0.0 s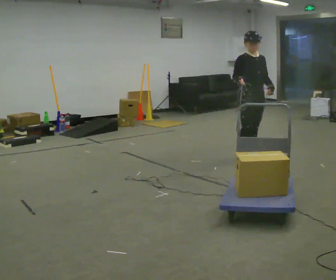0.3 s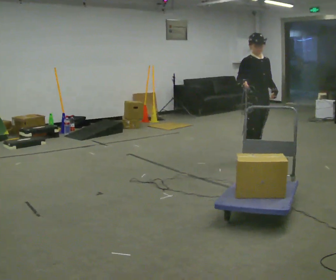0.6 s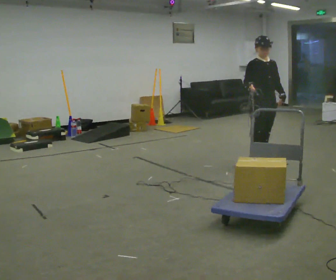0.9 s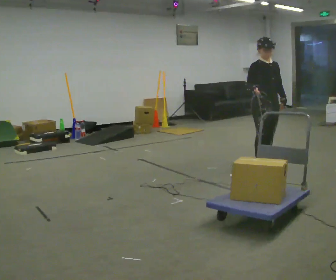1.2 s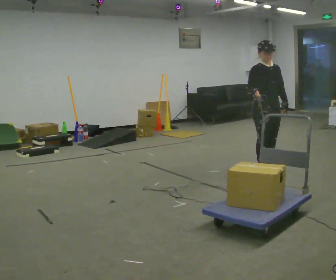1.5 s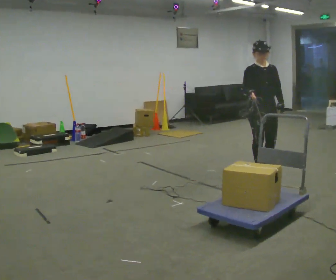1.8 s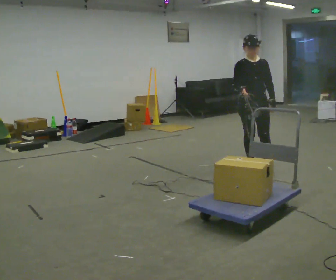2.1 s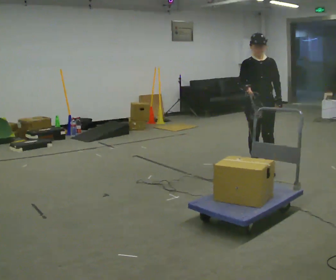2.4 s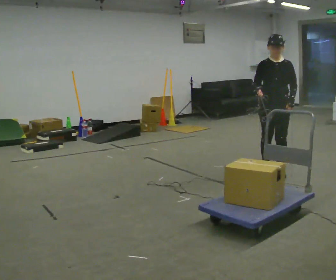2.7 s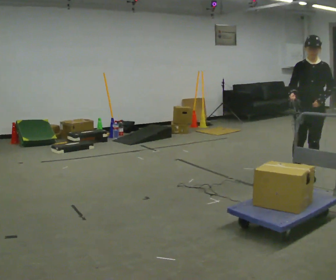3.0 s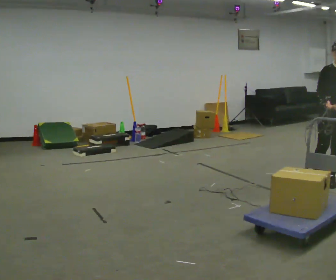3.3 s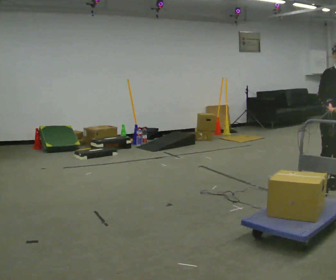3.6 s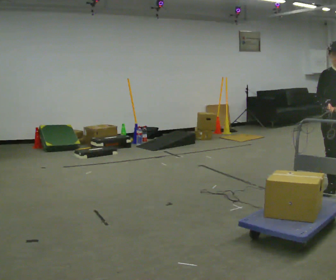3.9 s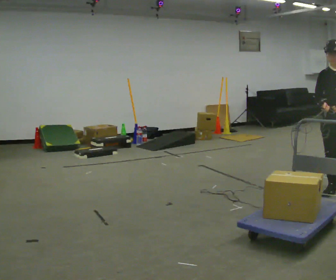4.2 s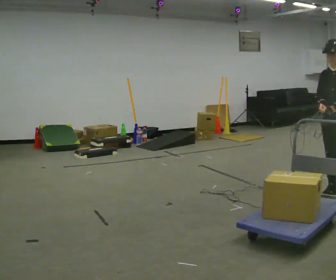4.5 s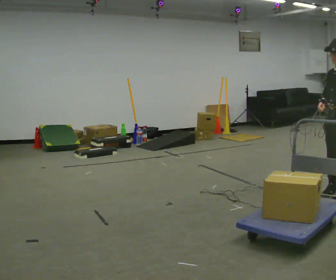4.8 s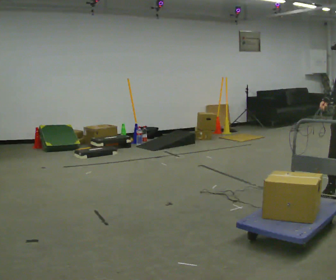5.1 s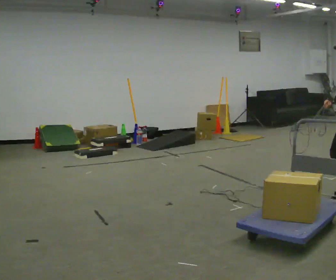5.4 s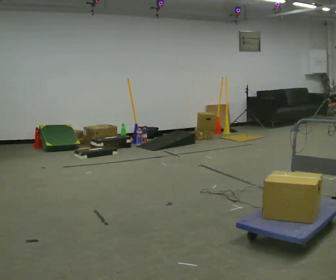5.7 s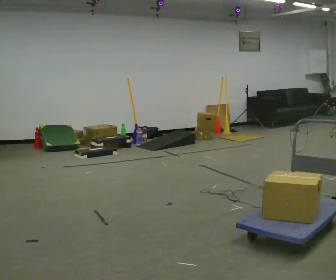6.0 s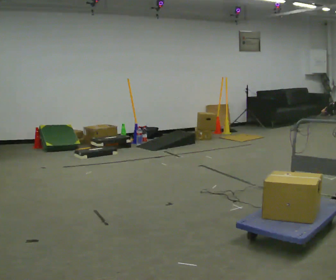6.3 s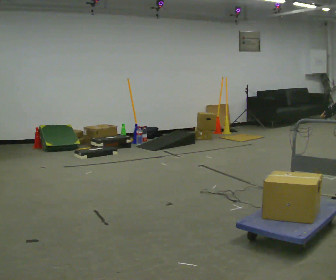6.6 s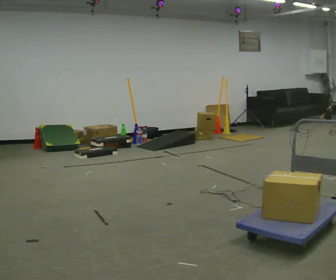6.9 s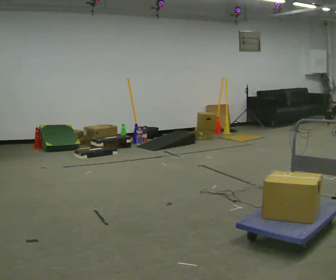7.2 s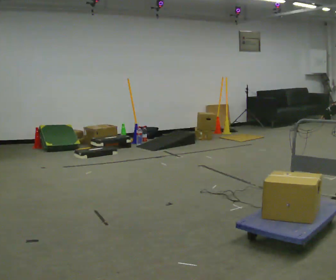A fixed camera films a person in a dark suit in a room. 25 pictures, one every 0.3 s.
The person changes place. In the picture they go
toward the camera.
The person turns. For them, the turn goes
to their right.
0.0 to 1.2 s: The person moves a little, or ends about where they began.
1.2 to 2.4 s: Seen from above the body turns clockwise, about 30 degrees: to their right, with its near side sliding to the left. In the picture they go toward the camera, about 0.25 m in 1 step, which for them is forward.
2.4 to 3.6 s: In the picture they go toward the camera, about 0.25 m in 1 step, which for them is forward.
3.6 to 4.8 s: The person turns about 75 degrees to their right, clockwise seen from above, so the part of the body nearest the lens slides to the left. In the picture they go toward the camera, about 0.5 m in 1 step.
4.8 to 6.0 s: Seen from above the body turns clockwise, about 45 degrees: to their right, with its near side sliding to the left.
6.0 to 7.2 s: The person moves a little, or ends about where they began.
The film runs backward here.
